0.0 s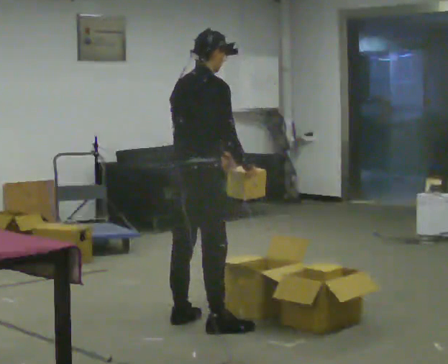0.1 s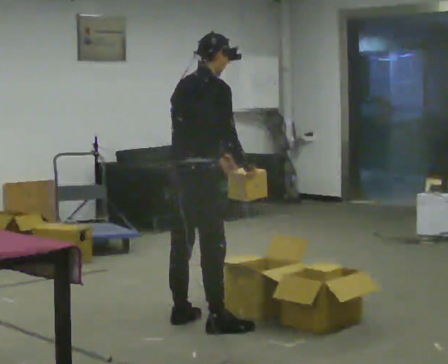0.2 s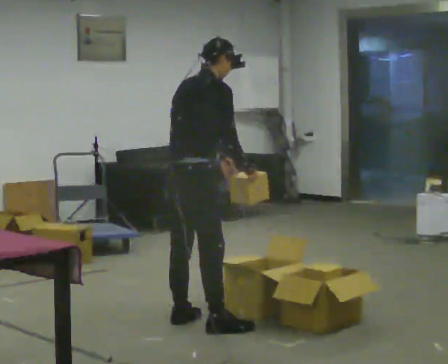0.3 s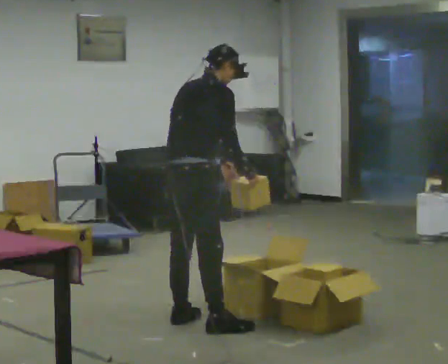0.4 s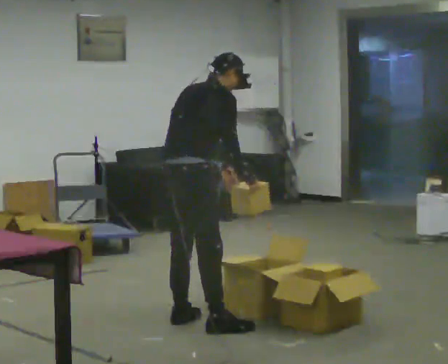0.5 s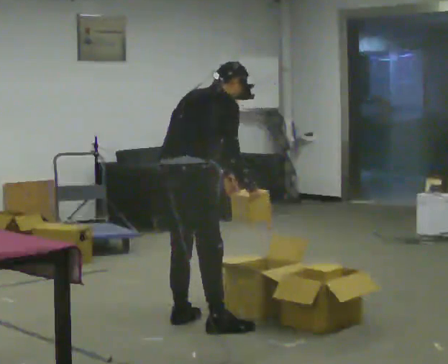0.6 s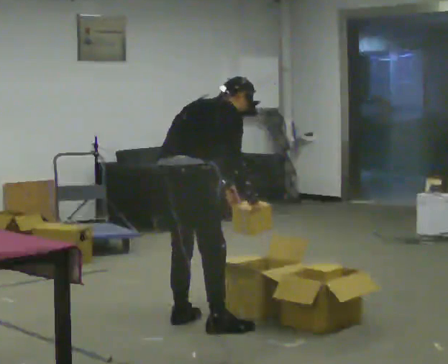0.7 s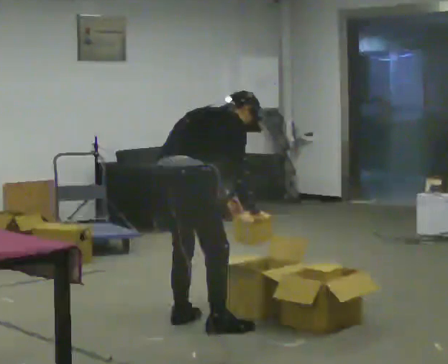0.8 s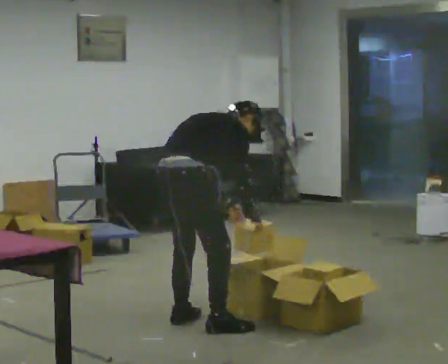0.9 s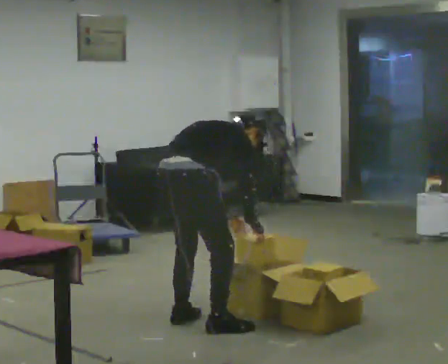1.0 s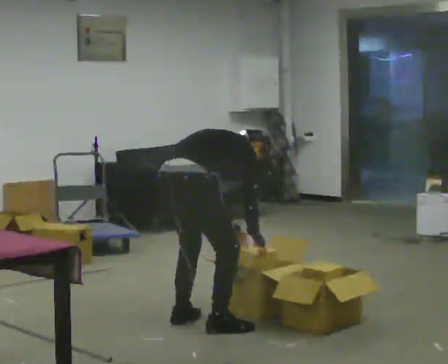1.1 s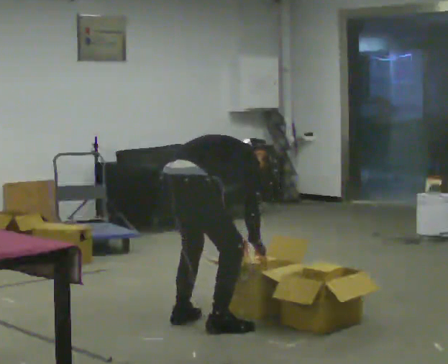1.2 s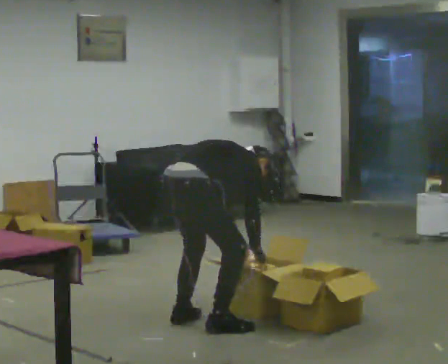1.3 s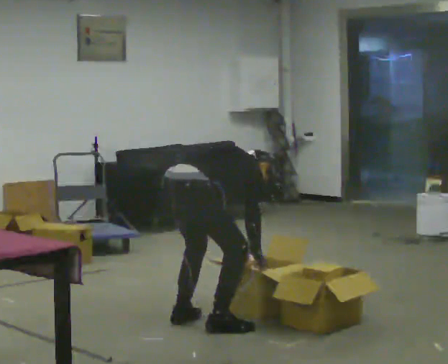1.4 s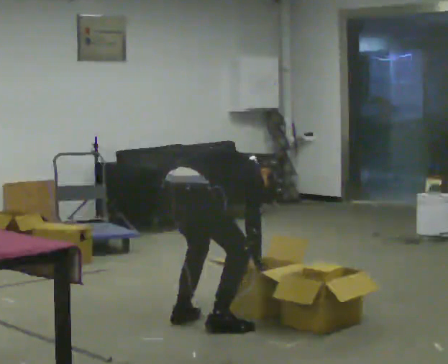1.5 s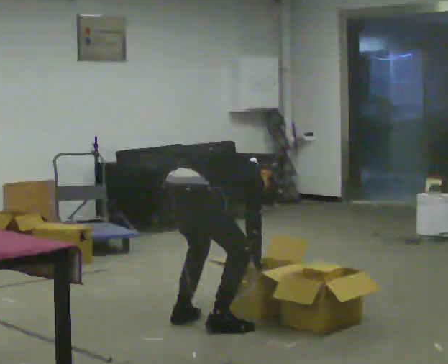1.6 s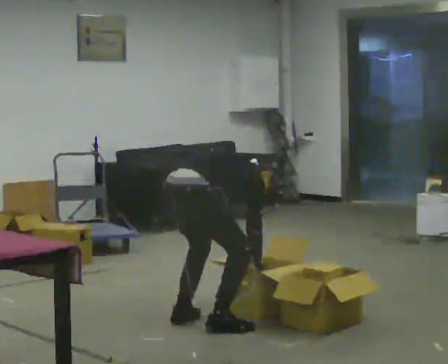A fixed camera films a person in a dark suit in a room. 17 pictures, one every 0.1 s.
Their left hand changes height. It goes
downward.
Their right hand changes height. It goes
downward.
0.0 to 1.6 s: The shoulders move downward. In the picture the upper body tilts clockwise, shoulders to the right, as they bend forward. In the picture their left hand goes downward.
The film runs backward here.
